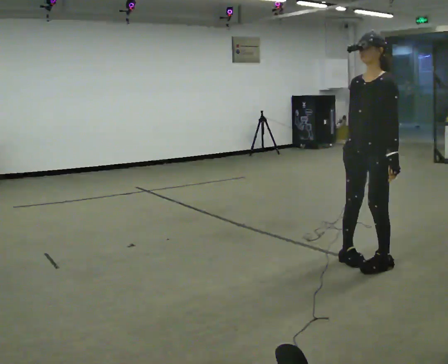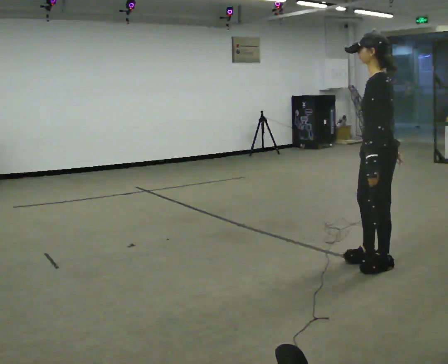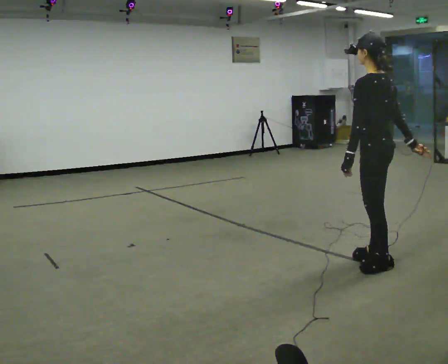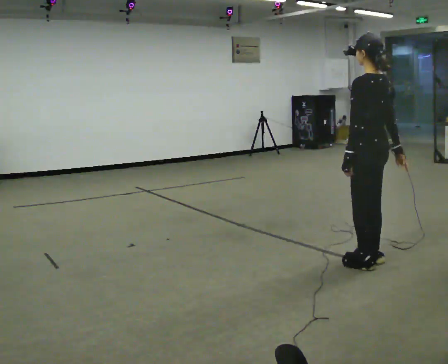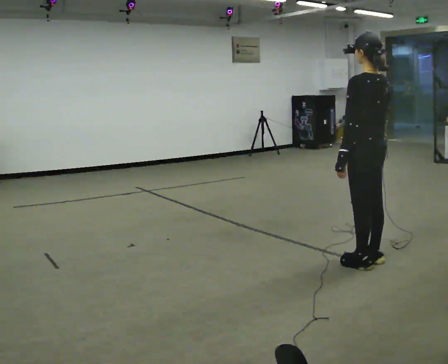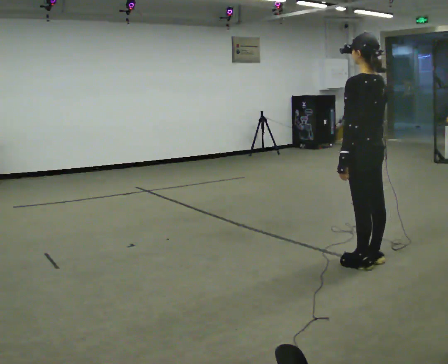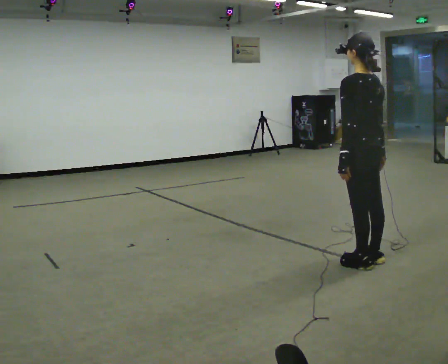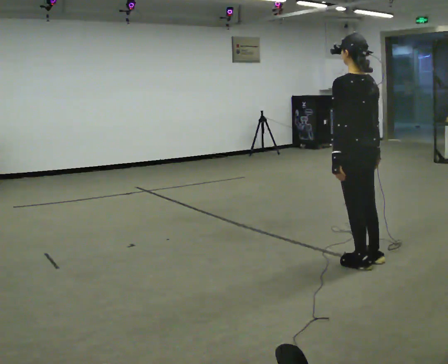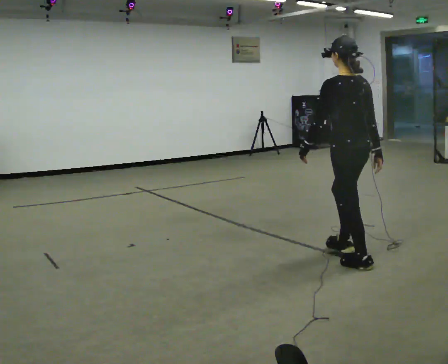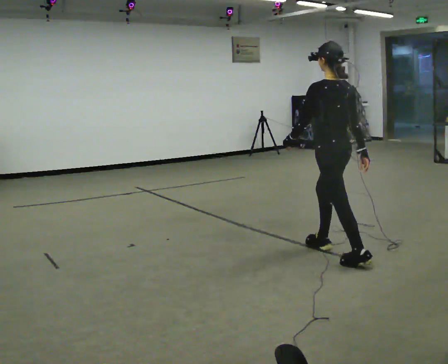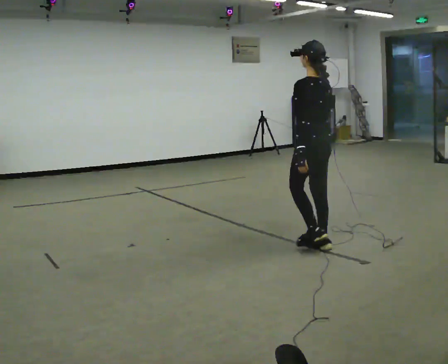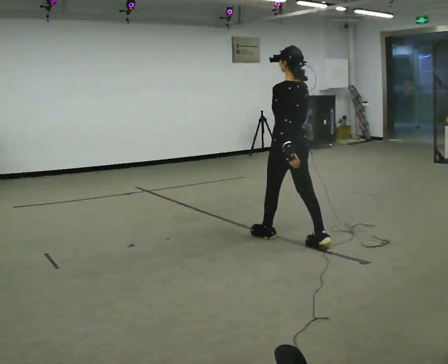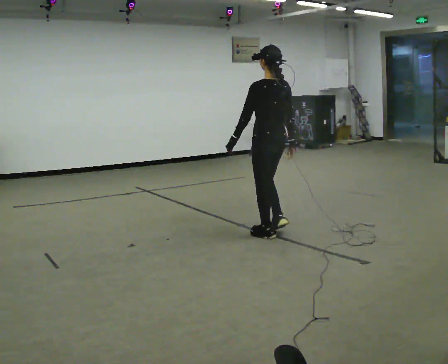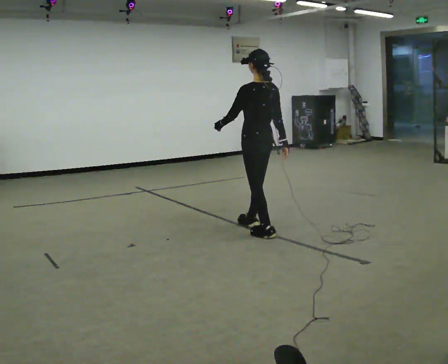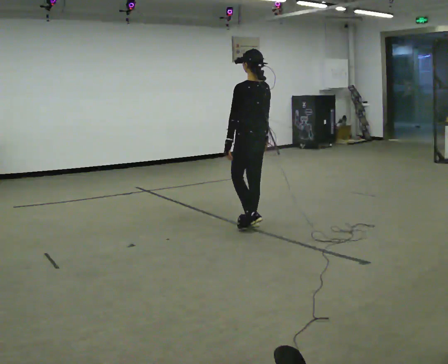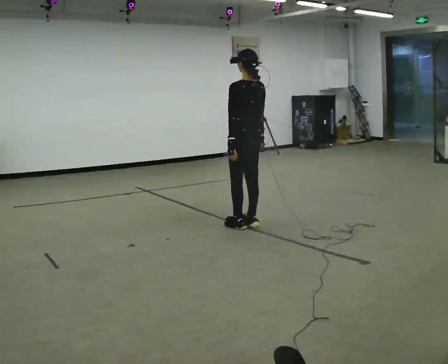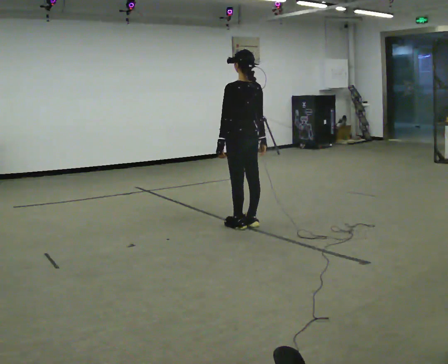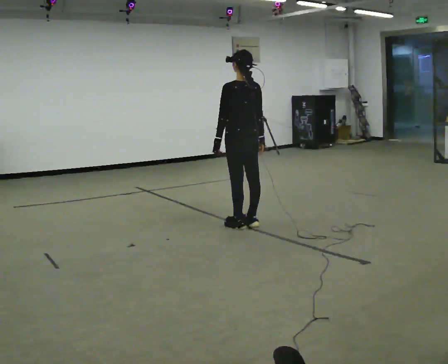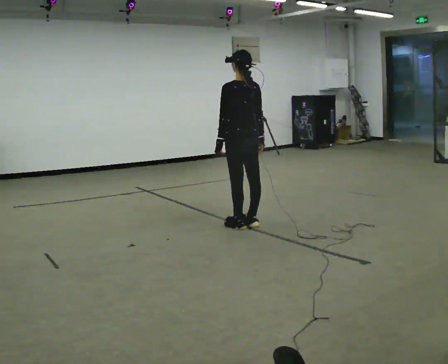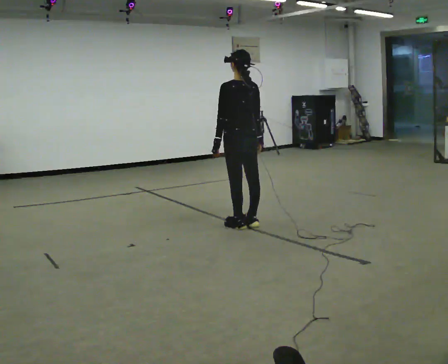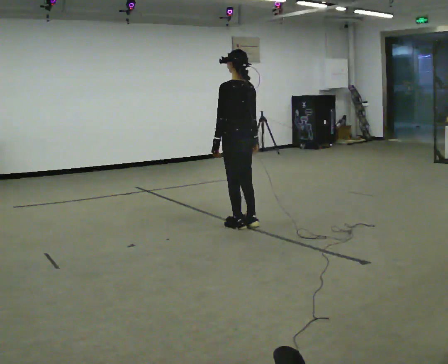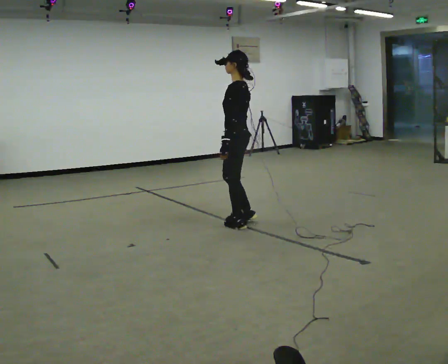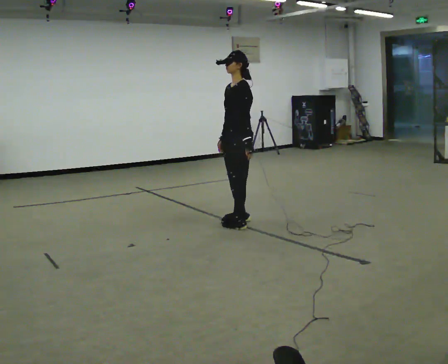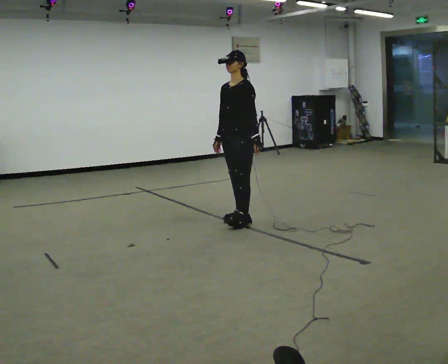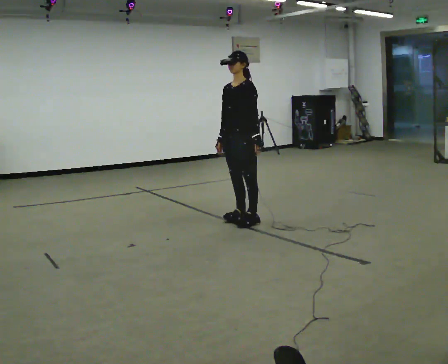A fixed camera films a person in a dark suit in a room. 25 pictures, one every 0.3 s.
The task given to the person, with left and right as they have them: Walk; stop fully; turn 90° left/right while standing; walk new direction.
0.0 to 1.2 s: The part of the body nearest the lens slides to the left as the person turns to their right by about 90 degrees. In the picture their left hand goes to the left.
1.2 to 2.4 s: The person moves a little, or ends about where they began.
2.4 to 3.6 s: In the picture they go away from the camera and to the left, about 1 m in 2 steps, which for them is forward.
3.6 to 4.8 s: In the picture they go away from the camera and to the left, about 0.5 m in 2 steps, which for them is forward.
4.8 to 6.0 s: The person moves a little, or ends about where they began.
6.0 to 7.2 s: Seen from above the body turns counterclockwise, about 90 degrees: to their left, with its near side sliding to the right. In the picture they go away from the camera, about 0.25 m in 2 steps. In the picture their left hand goes to the right.
The film runs forward here.
